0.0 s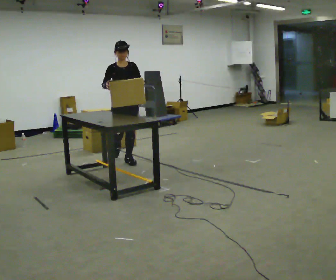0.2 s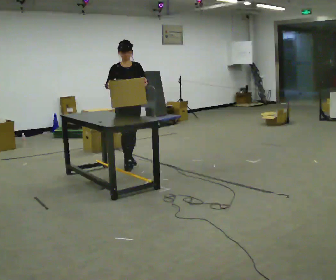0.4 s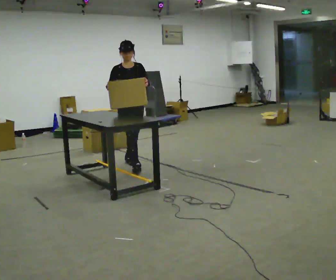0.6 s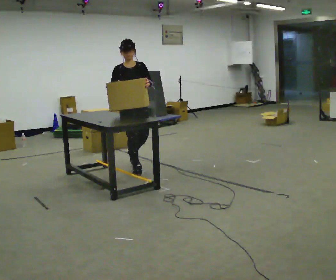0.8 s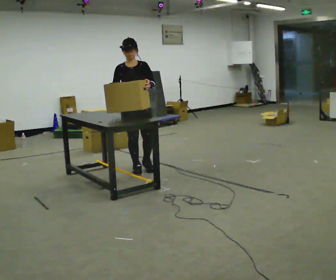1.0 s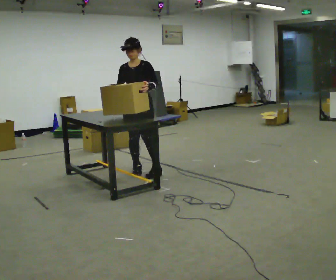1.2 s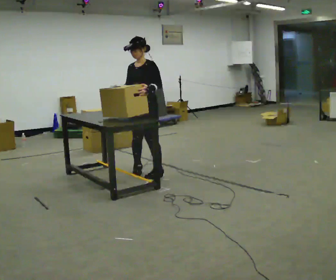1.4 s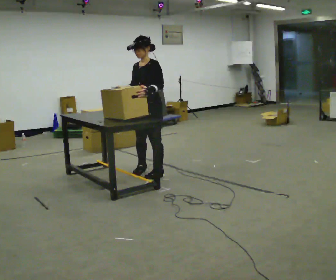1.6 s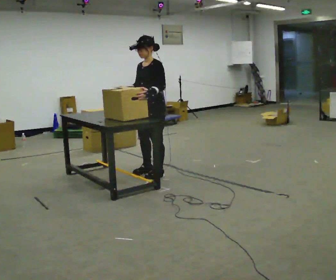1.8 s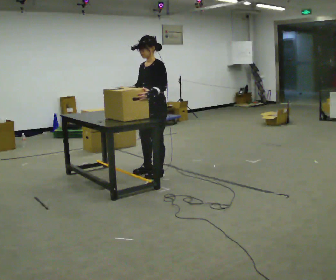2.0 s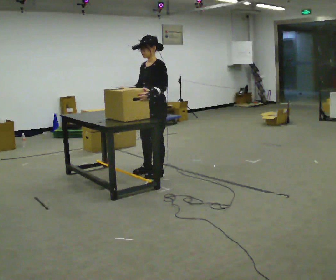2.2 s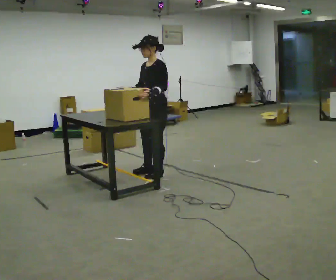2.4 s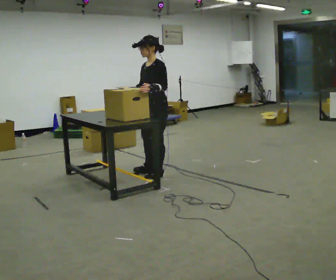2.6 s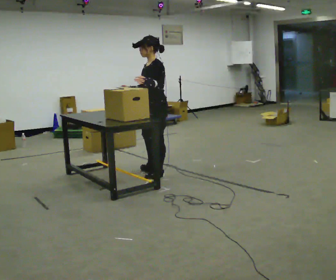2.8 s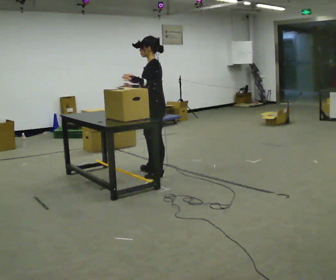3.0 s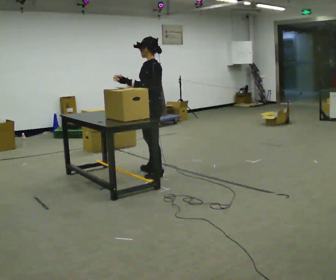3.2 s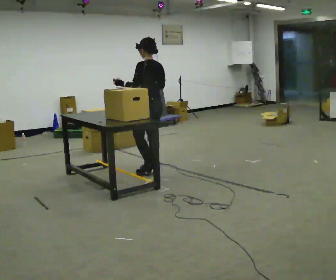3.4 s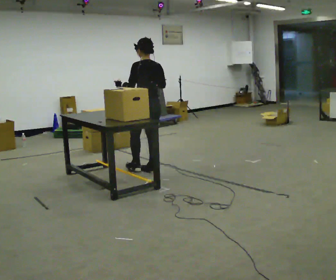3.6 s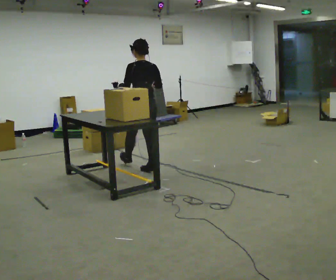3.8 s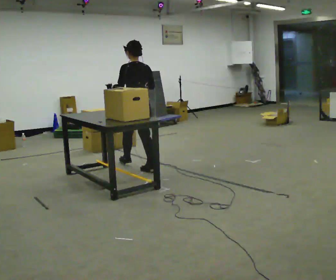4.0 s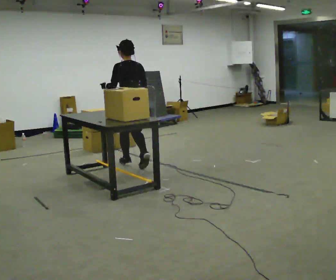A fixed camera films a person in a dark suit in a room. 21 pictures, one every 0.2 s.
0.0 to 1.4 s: The person turns about 60 degrees to their right, clockwise seen from above, so the part of the body nearest the lens slides to the left. In the picture they go toward the camera and to the right, about 0.5 m in 2 steps.
1.4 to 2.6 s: Seen from above the body turns clockwise, about 30 degrees: to their right, with its near side sliding to the left.
2.6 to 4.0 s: Seen from above the body turns clockwise, about 90 degrees: to their right, with its near side sliding to the left. In the picture they go away from the camera and to the left, about 0.5 m in 1 step.
The film runs forward here.
